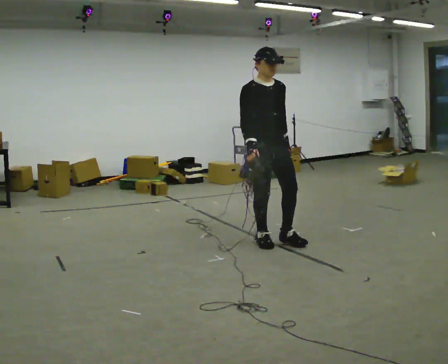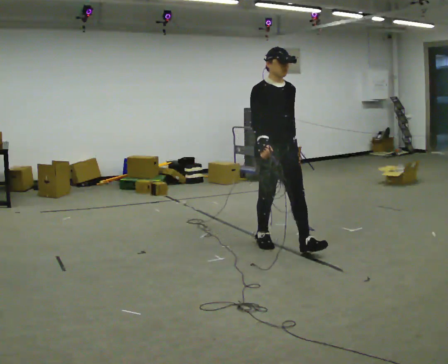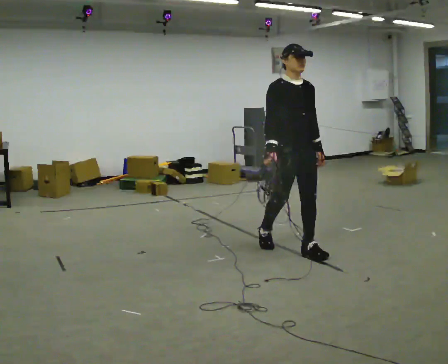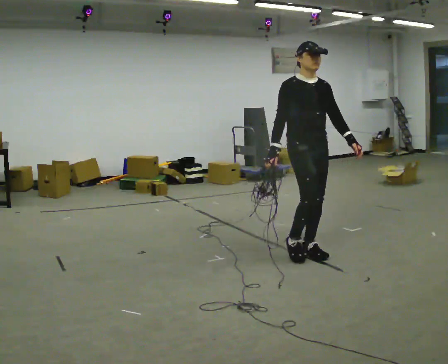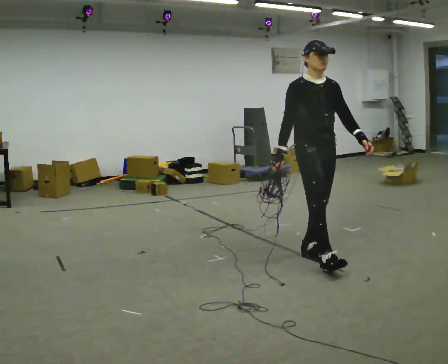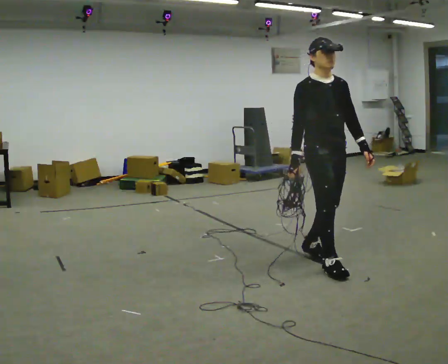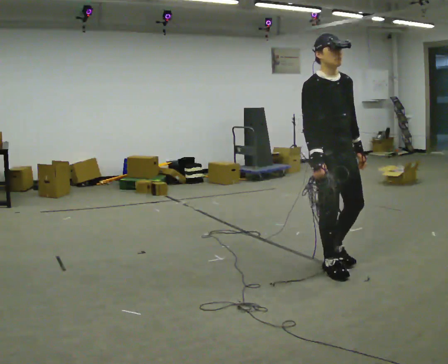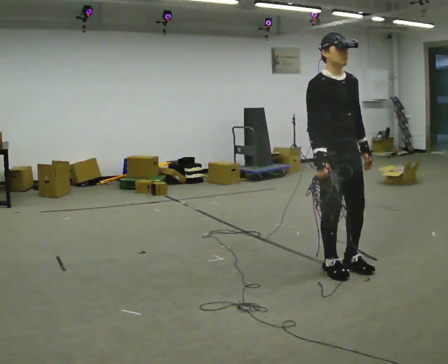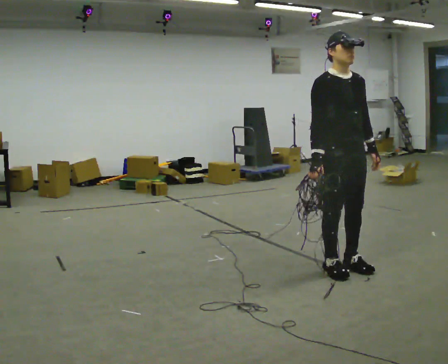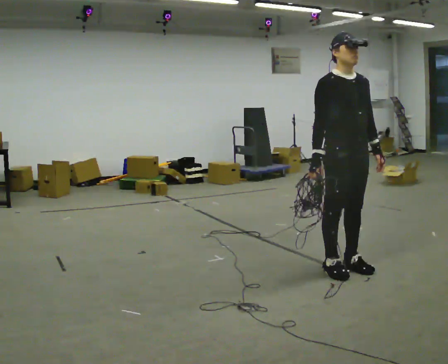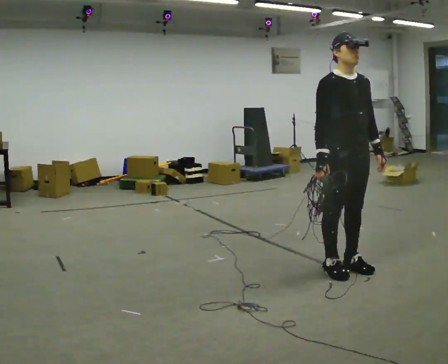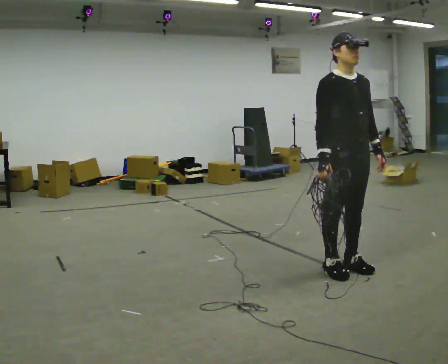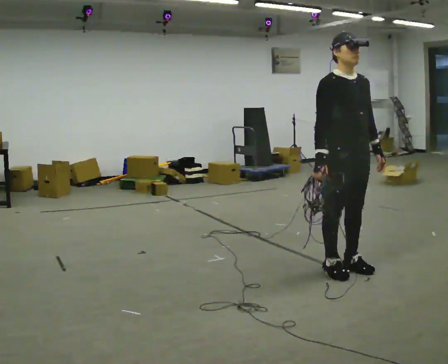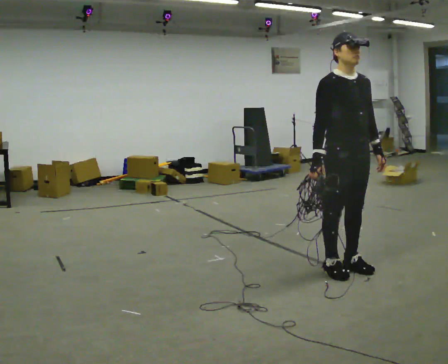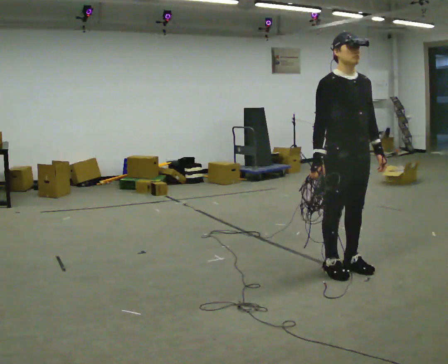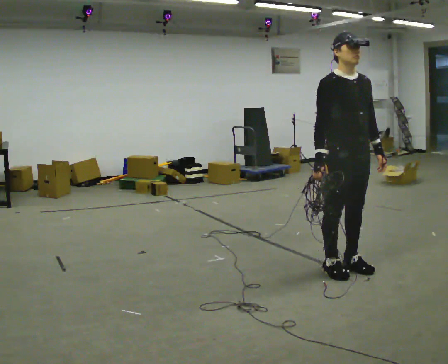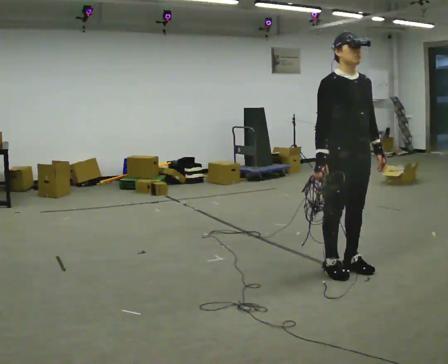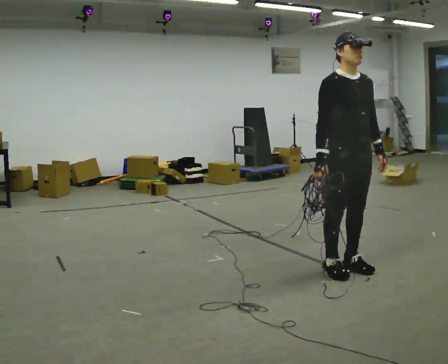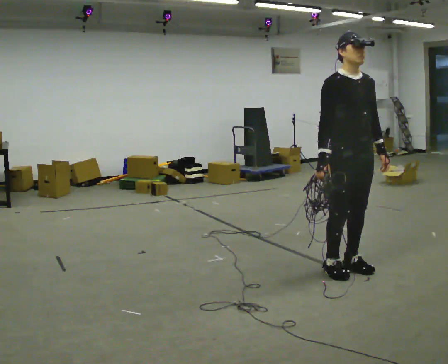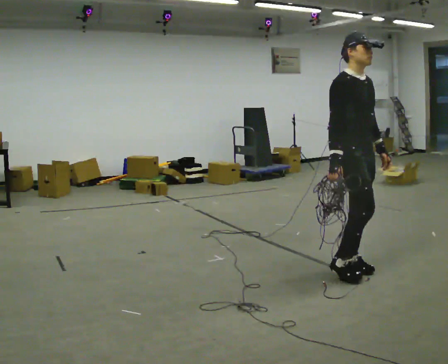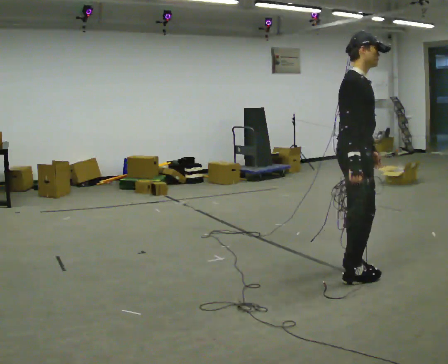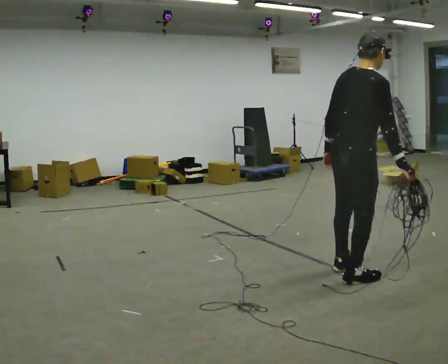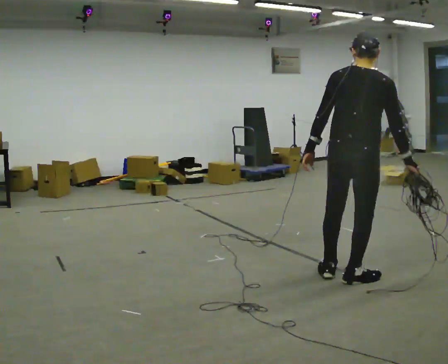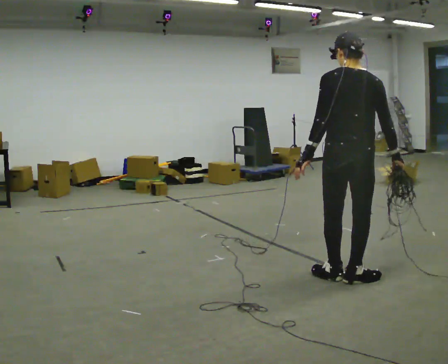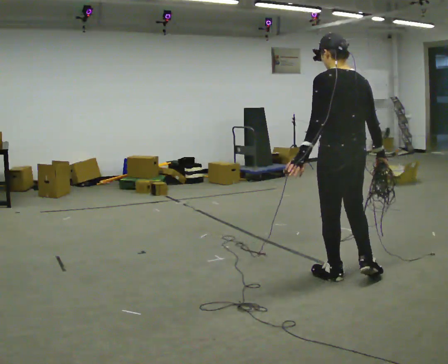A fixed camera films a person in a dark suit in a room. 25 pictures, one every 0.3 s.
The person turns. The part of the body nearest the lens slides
to the right.
The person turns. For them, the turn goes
to their left.
0.0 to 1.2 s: In the picture they go to the right and toward the camera, about 0.5 m in 1 step, which for them is forward.
1.2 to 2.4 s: In the picture they go toward the camera and to the right, about 0.25 m in 2 steps, which for them is forward.
2.4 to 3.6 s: The person moves a little, or ends about where they began.
3.6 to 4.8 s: The person keeps their place and pose.
4.8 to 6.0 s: The person turns about 60 degrees to their left, counterclockwise seen from above, so the part of the body nearest the lens slides to the right.
6.0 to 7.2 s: Seen from above the body turns counterclockwise, about 120 degrees: to their left, with its near side sliding to the right.
The film runs forward here.
